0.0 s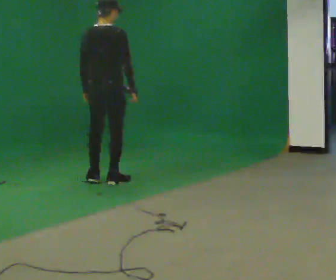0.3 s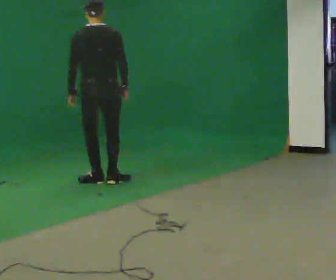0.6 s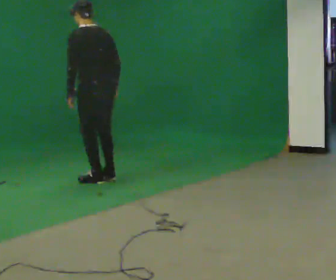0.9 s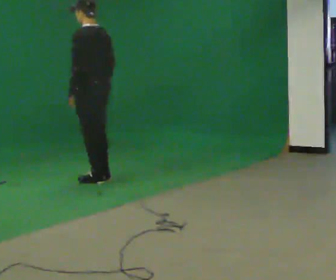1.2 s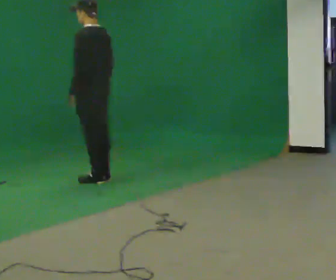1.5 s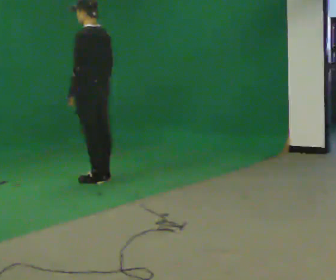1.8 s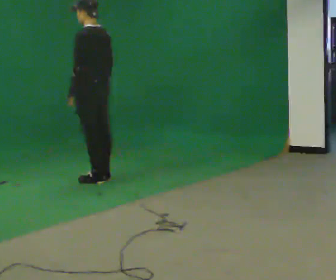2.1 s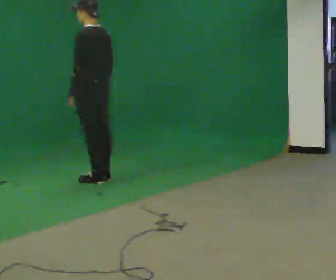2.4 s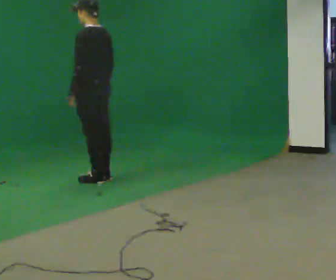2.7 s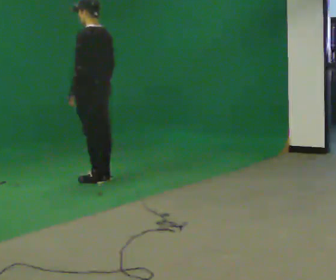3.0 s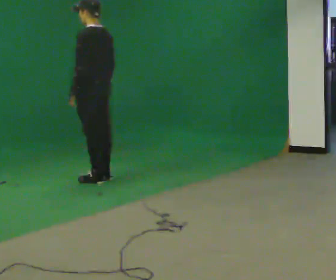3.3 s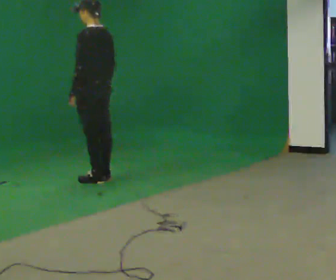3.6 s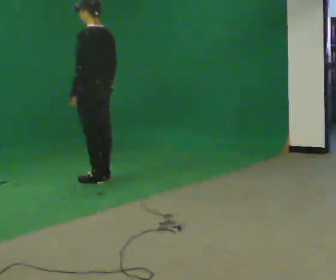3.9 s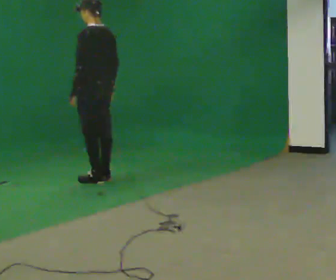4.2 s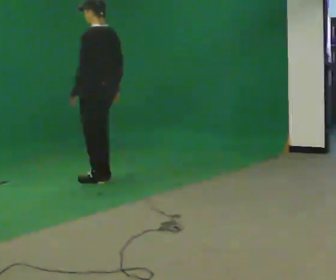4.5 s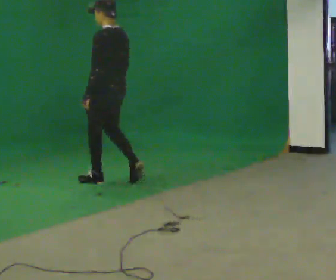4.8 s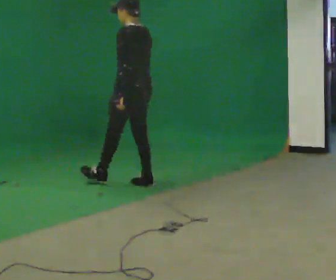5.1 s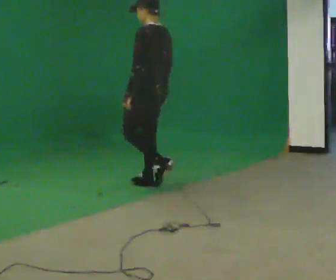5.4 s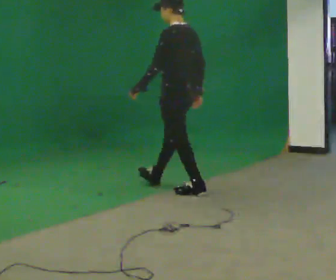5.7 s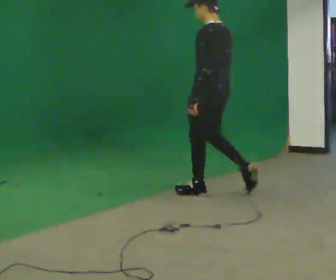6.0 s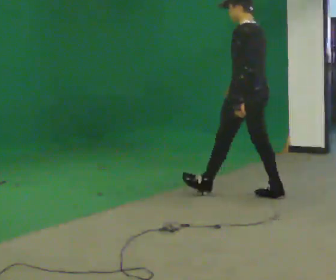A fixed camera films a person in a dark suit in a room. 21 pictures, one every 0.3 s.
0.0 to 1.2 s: The part of the body nearest the lens slides to the right as the person turns to their left by about 90 degrees.
1.2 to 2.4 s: The person keeps their place and pose.
2.4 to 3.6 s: The person moves a little, or ends about where they began.
3.6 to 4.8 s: In the picture they go to the right and toward the camera, about 0.5 m in 2 steps, which for them is backward.
4.8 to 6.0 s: In the picture they go to the right and toward the camera, about 1 m in 2 steps, which for them is backward.
The film runs backward here.
